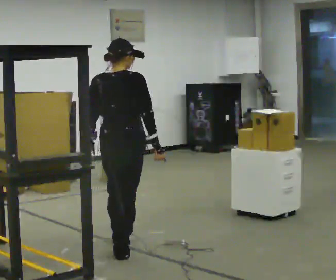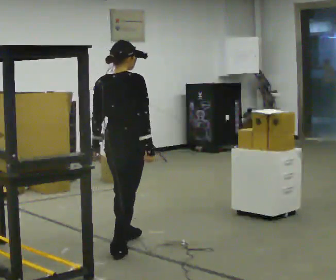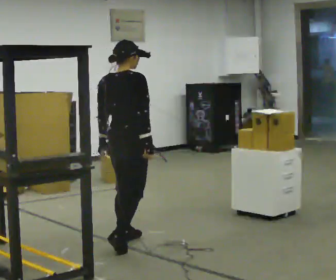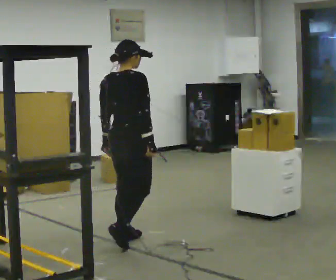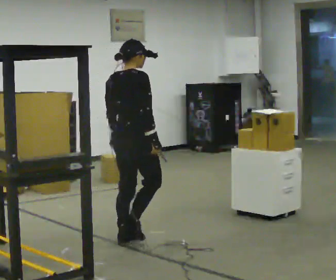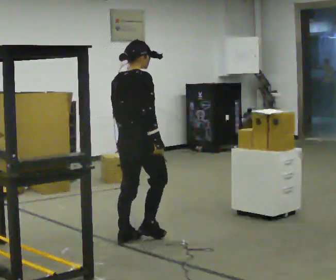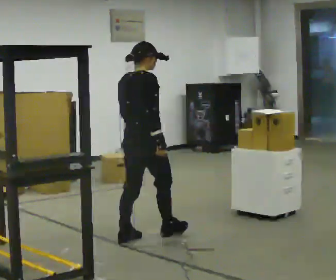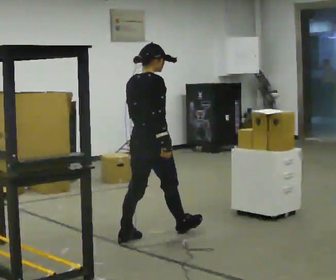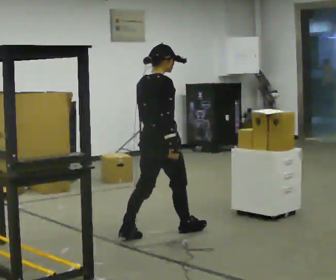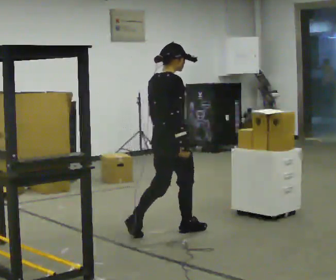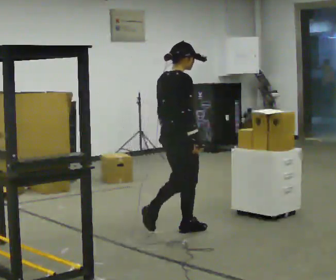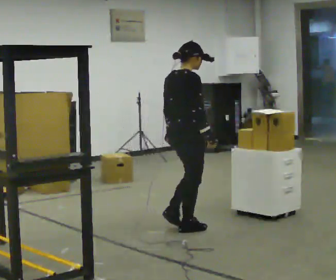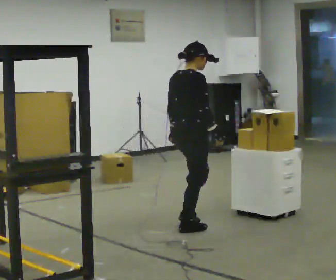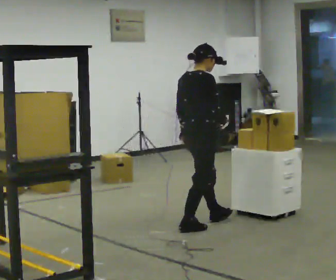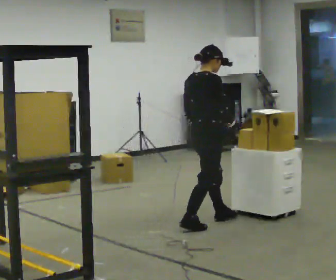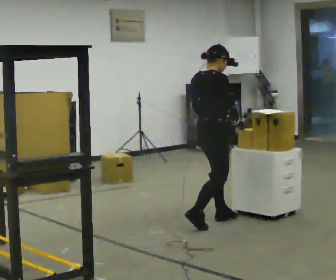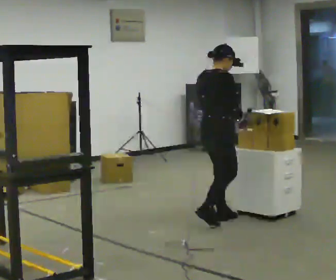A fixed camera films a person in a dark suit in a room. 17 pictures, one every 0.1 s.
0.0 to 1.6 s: The part of the body nearest the lens slides to the left as the person turns to their right by about 45 degrees. In the picture they go away from the camera and to the right, about 1 m in 3 steps, which for them is forward.
The film runs forward here.
